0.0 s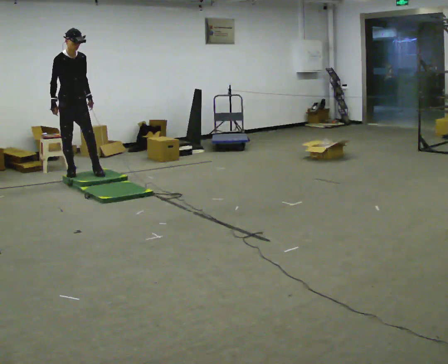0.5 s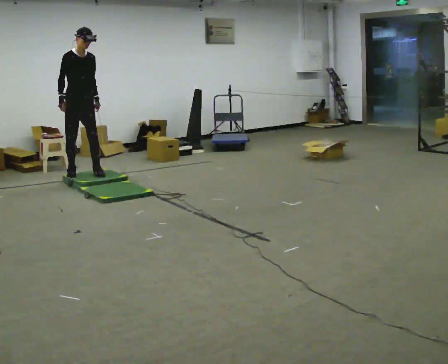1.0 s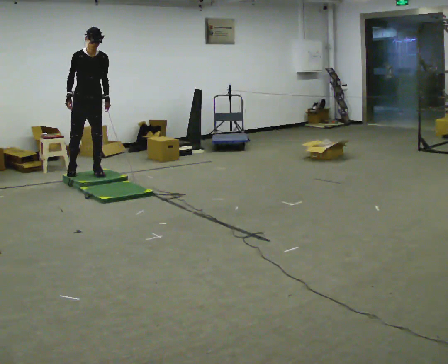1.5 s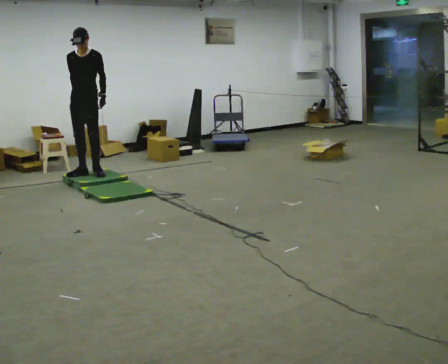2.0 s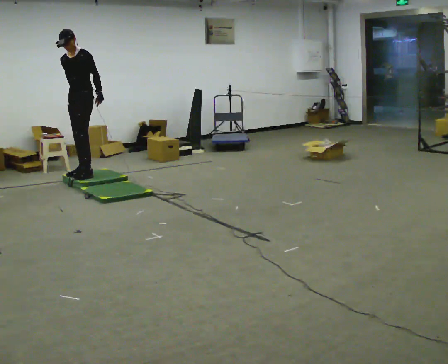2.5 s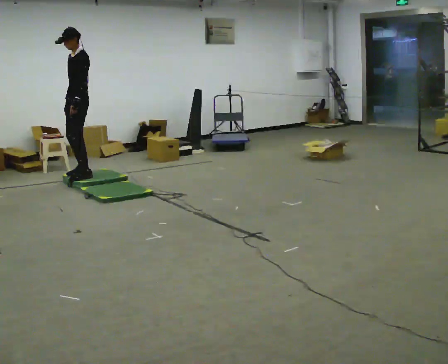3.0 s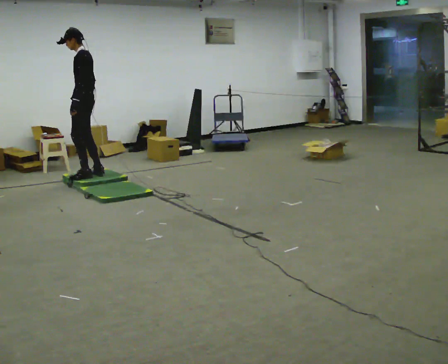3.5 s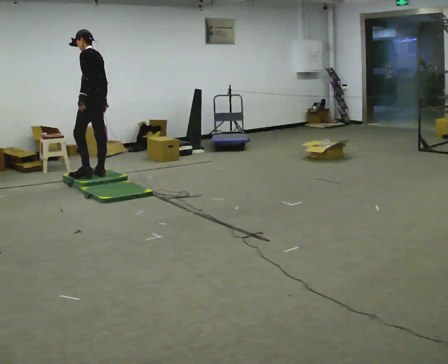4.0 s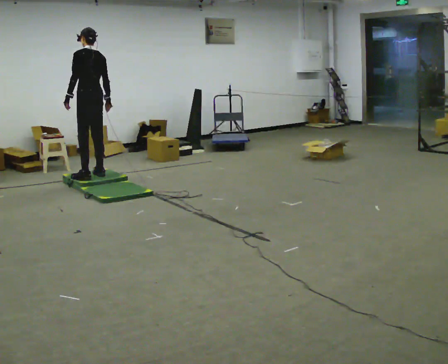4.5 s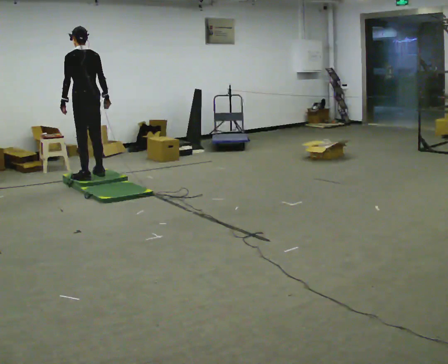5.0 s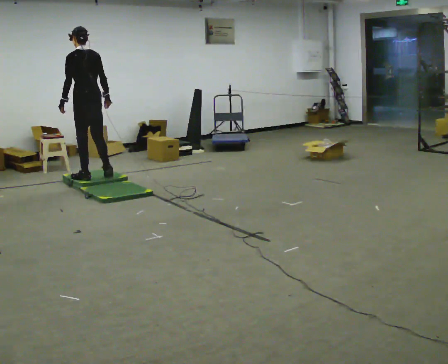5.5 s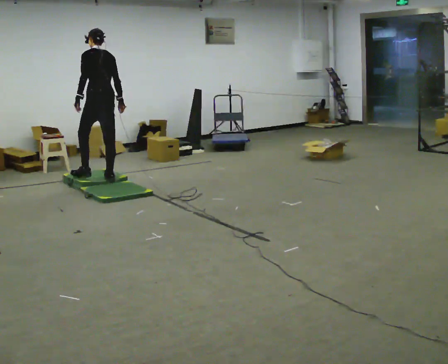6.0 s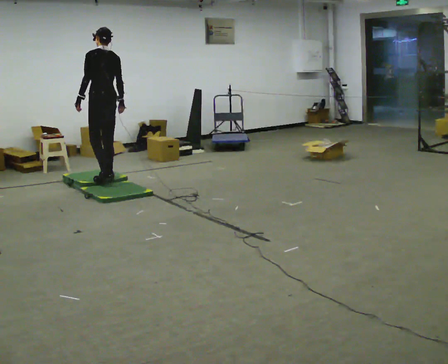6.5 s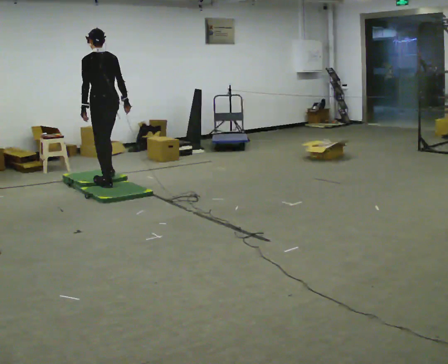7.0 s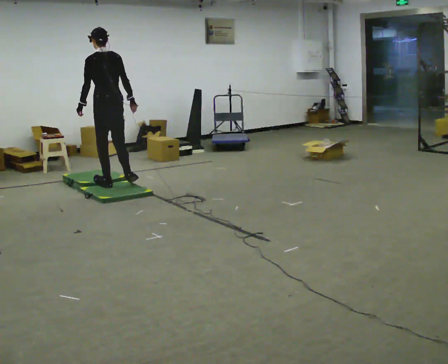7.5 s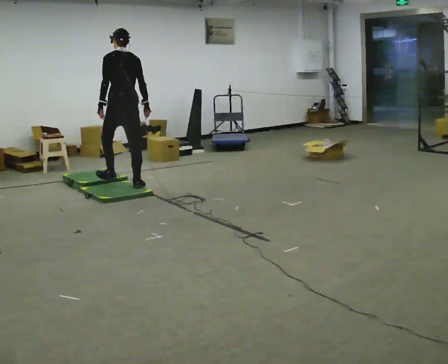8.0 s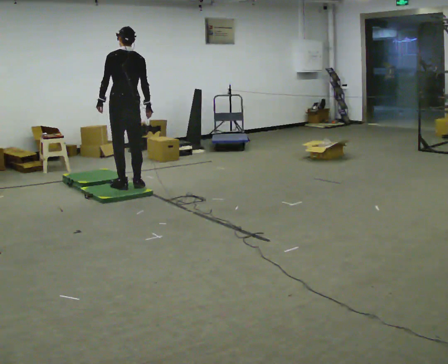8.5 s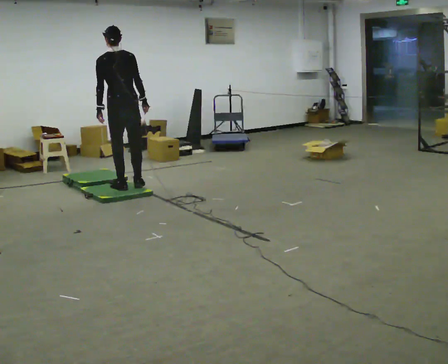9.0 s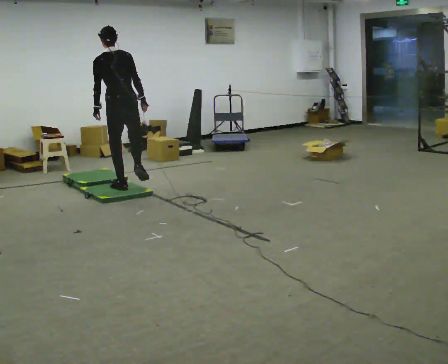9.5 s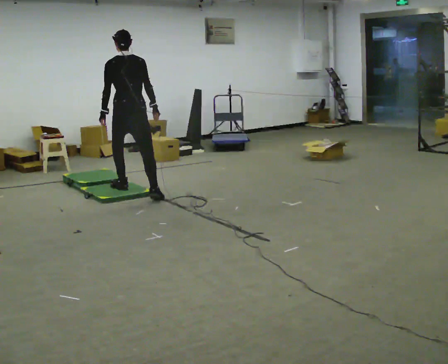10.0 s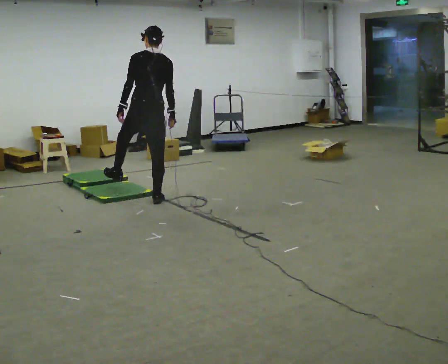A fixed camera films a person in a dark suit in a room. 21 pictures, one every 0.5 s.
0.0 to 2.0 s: The part of the body nearest the lens slides to the left as the person turns to their right by about 75 degrees. In the picture they go to the right, about 0.25 m in 2 steps. In the picture their right hand goes to the right.
2.0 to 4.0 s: The part of the body nearest the lens slides to the left as the person turns to their right by about 105 degrees. The upper body tips away from the camera, its near side rolling upward. In the picture their left hand goes to the left.
4.0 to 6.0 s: In the picture they go toward the camera, about 0.25 m in 2 steps, which for them is backward.
6.0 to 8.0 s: In the picture they go toward the camera and to the right, about 0.25 m in 2 steps, which for them is backward.
8.0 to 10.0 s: In the picture they go toward the camera and to the right, about 0.5 m in 1 step, which for them is backward.
The film runs backward here.
